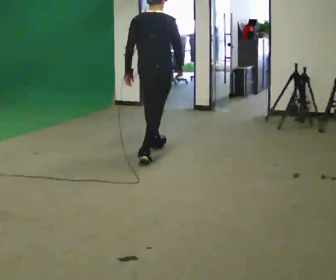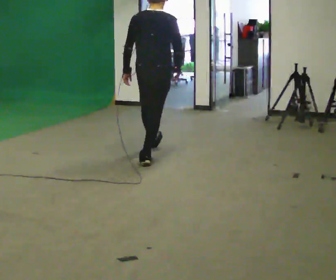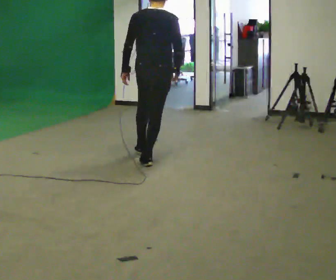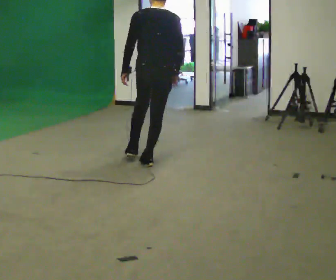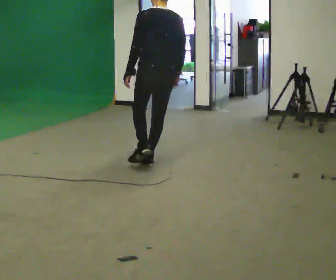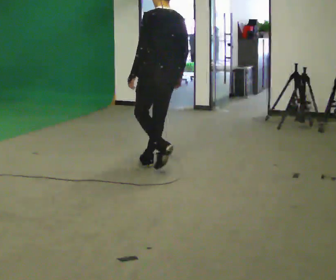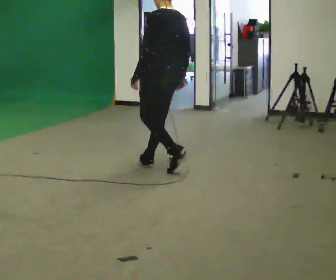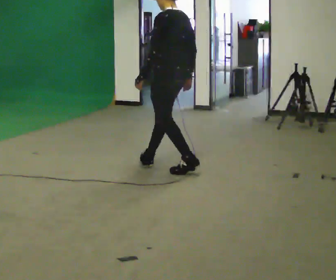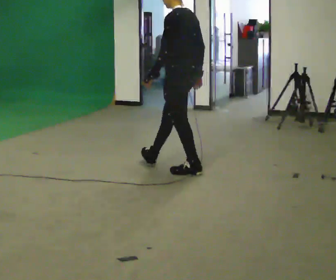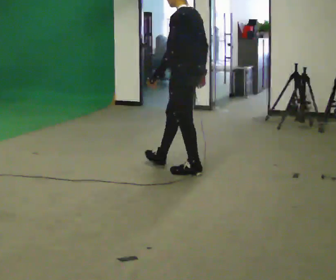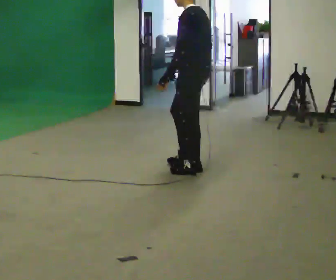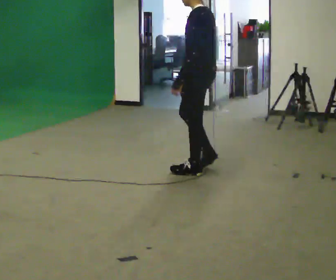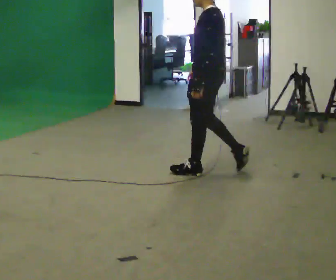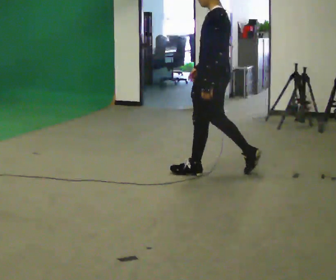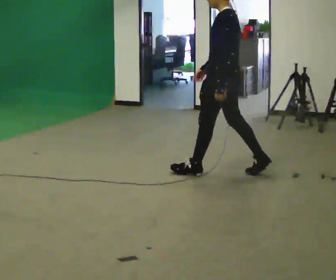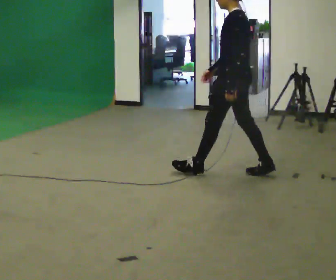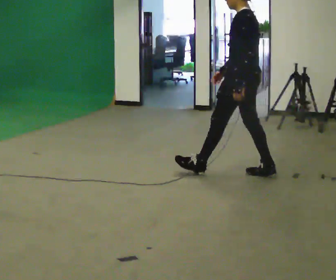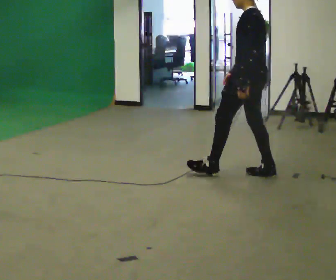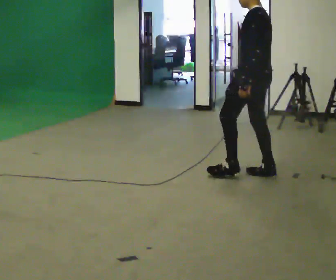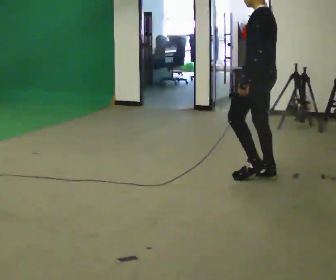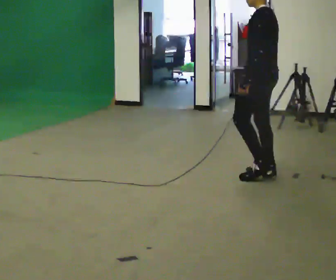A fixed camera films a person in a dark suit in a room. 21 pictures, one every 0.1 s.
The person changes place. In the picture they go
to the right.
The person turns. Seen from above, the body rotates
counterclockwise.
0.0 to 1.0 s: The person turns about 90 degrees to their left, counterclockwise seen from above, so the part of the body nearest the lens slides to the right. In the picture they go toward the camera and to the right, about 0.75 m in 2 steps.
1.0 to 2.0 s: In the picture they go to the right, about 0.5 m in 1 step, which for them is backward.
The film runs backward here.
